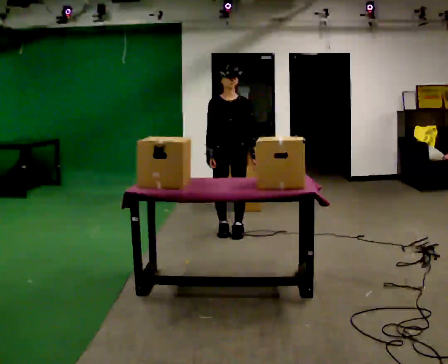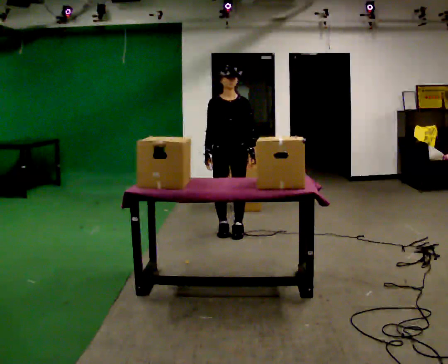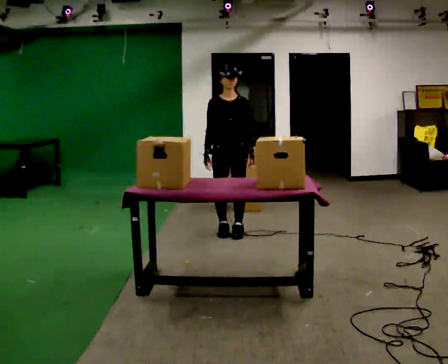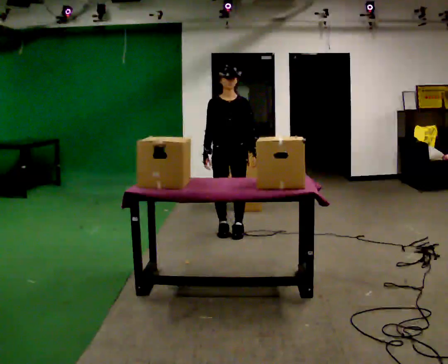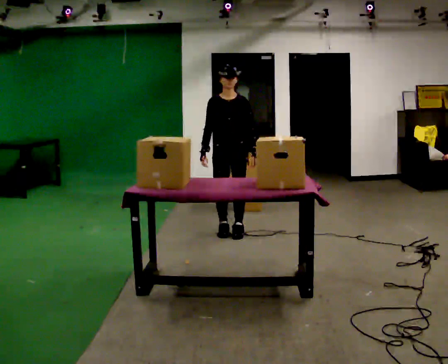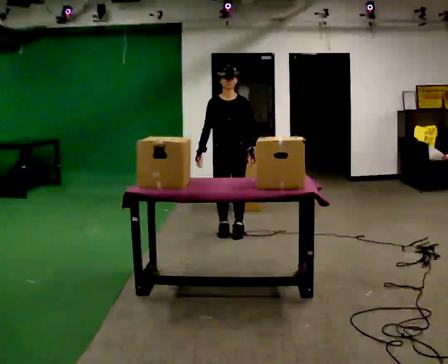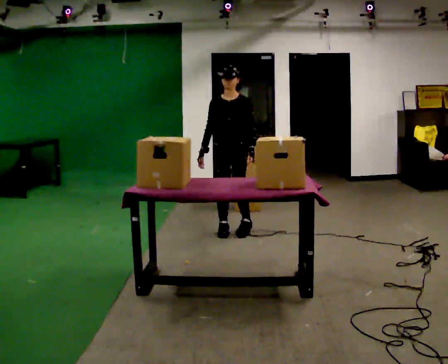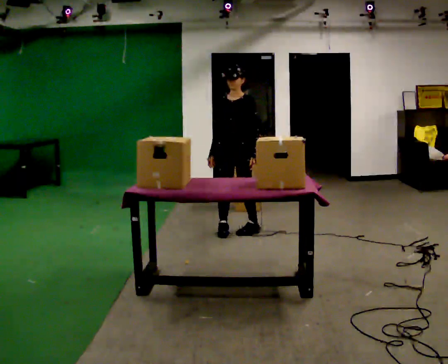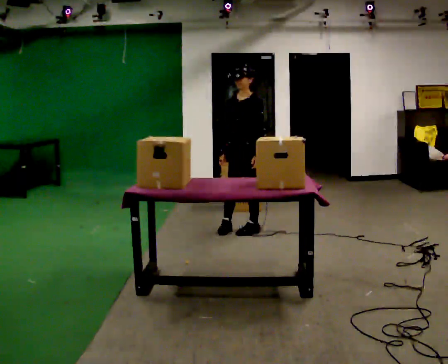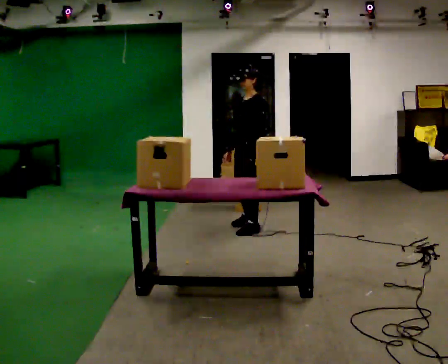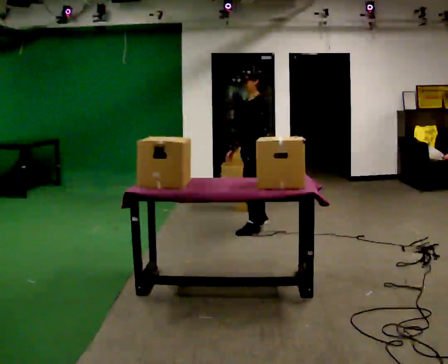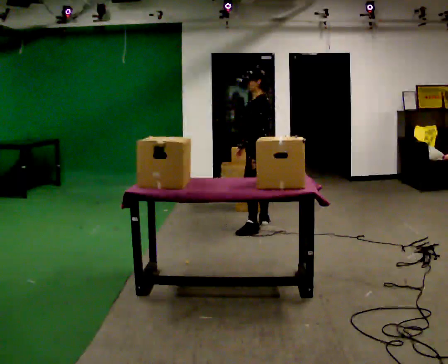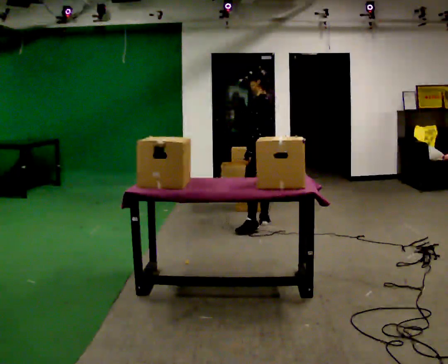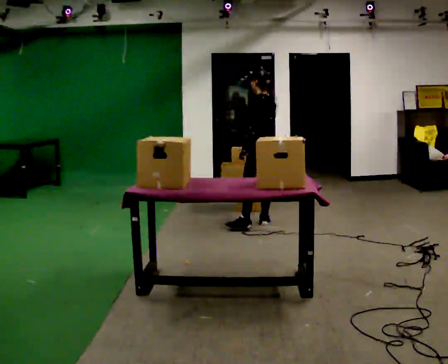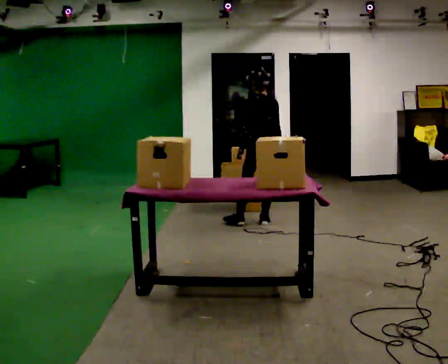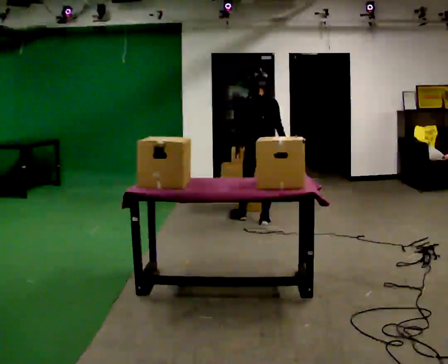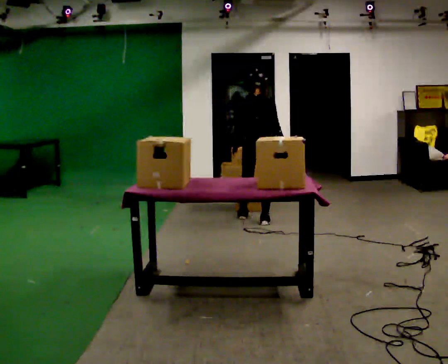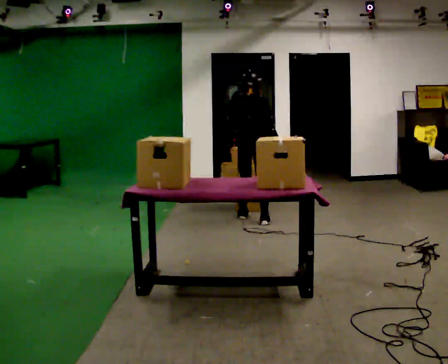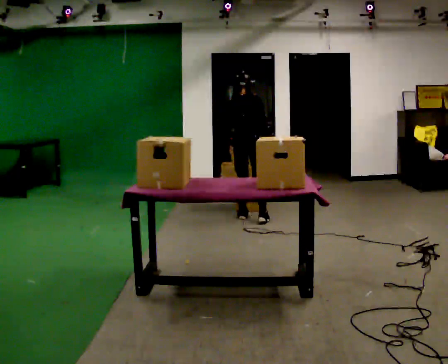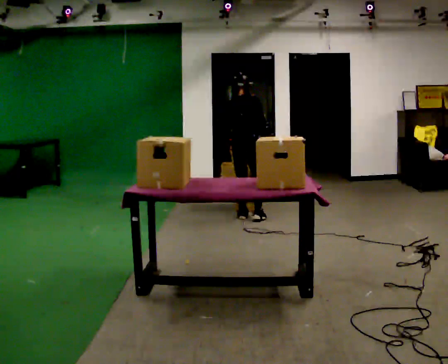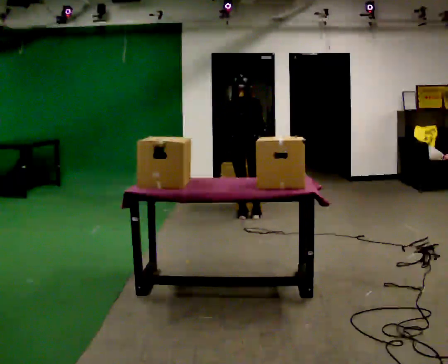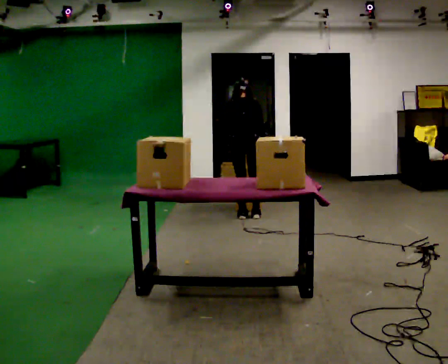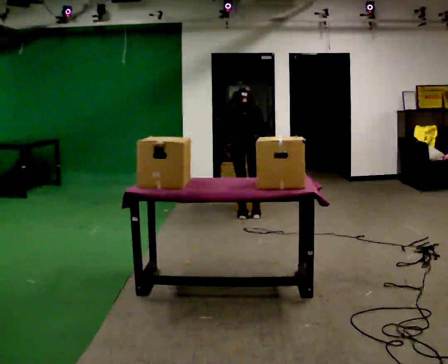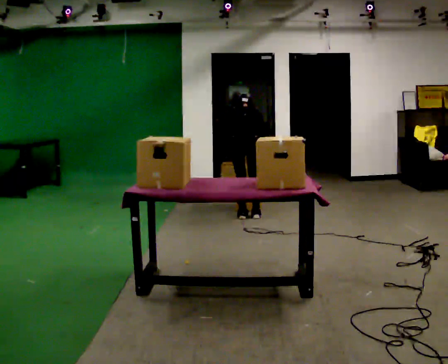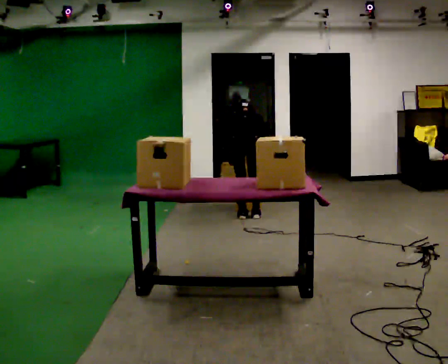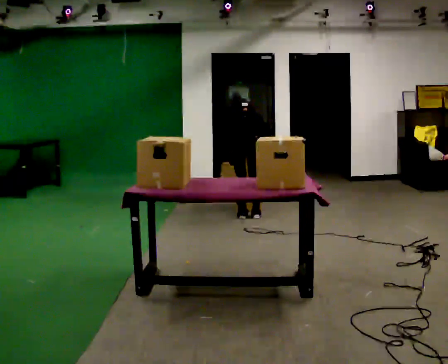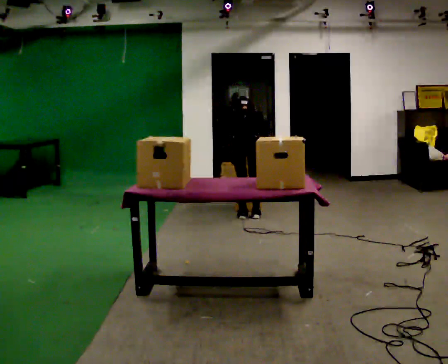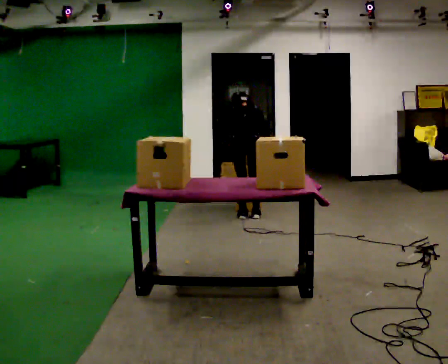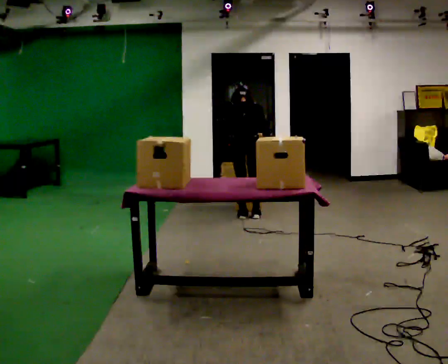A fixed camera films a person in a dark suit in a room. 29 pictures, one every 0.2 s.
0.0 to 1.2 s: The person moves a little, or ends about where they began.
1.2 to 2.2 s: Seen from above the body turns clockwise, about 90 degrees: to their right, with its near side sliding to the left. In the picture they go to the right and away from the camera, about 0.25 m in 1 step.
2.2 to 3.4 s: The person turns about 105 degrees to their right, clockwise seen from above, so the part of the body nearest the lens slides to the left. In the picture they go away from the camera, about 0.25 m in 1 step.
3.4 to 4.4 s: The upper body tips away from the camera, its near side rolling upward, as they bend forward.
4.4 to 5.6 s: The person moves a little, or ends about where they began.
The film runs backward here.
